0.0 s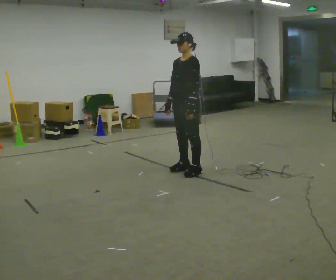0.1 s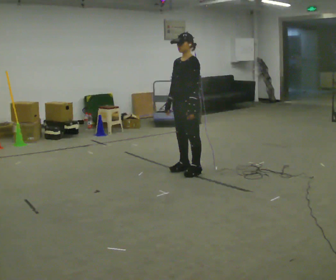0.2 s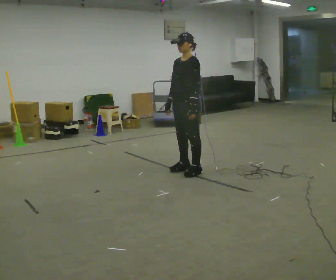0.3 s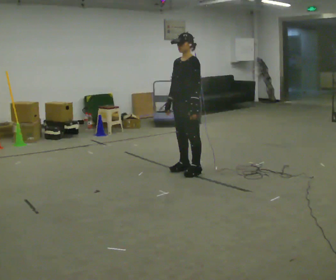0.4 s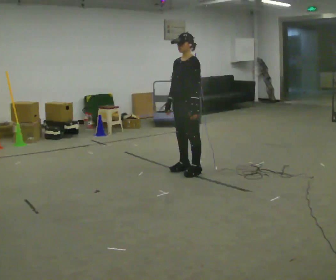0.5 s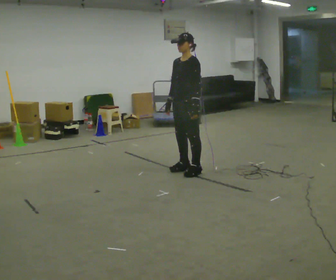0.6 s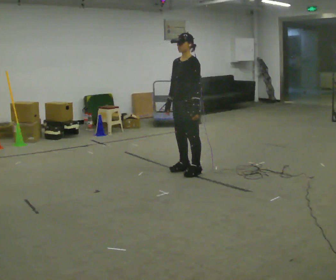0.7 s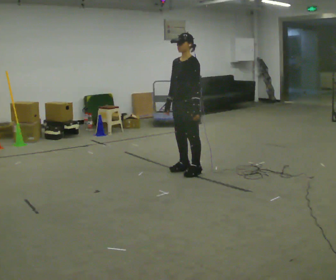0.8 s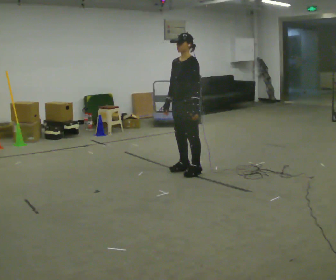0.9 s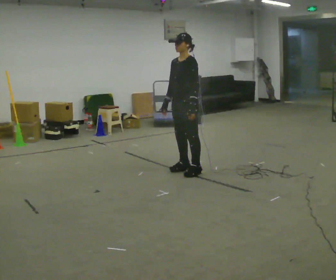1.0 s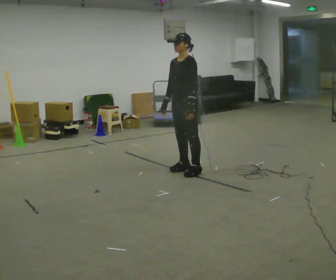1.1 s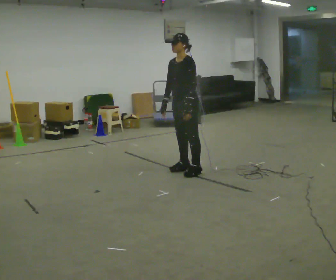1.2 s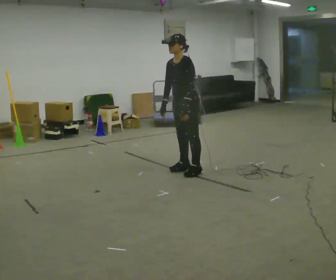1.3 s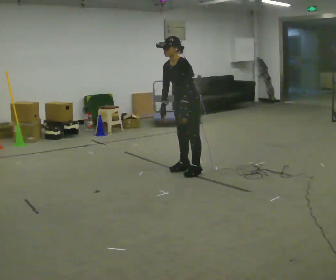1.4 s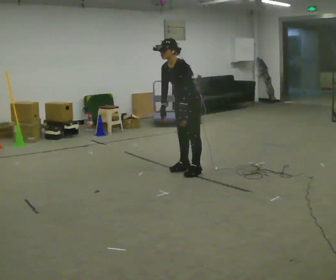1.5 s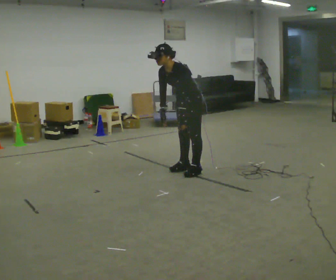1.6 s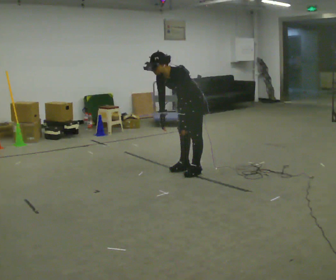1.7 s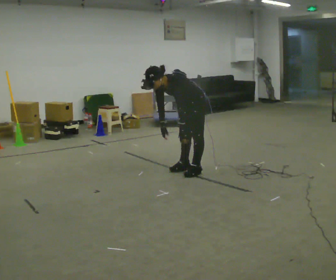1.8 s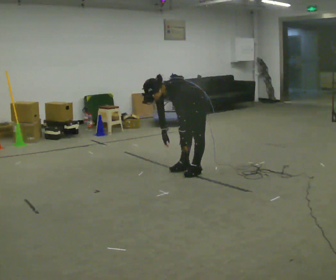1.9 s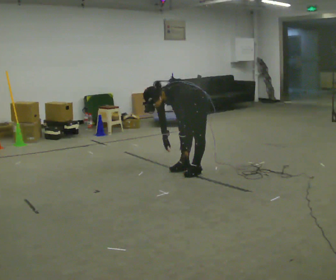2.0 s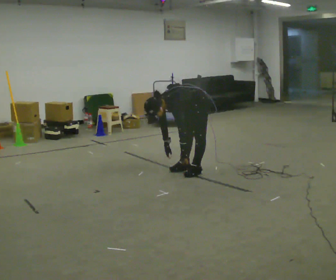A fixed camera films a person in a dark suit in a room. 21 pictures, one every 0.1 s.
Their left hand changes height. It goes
downward.
The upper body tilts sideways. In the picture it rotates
counterclockwise.
0.0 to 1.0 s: The person moves a little, or ends about where they began.
1.0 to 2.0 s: The upper body goes downward. In the picture the upper body tilts counterclockwise, shoulders to the left, as they bend forward. In the picture their left hand goes downward.
The film runs backward here.
